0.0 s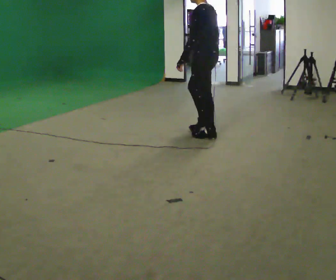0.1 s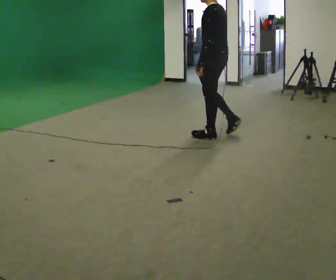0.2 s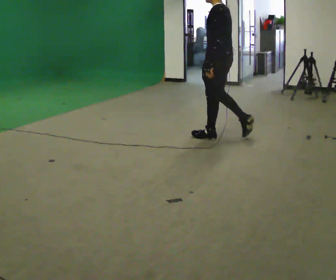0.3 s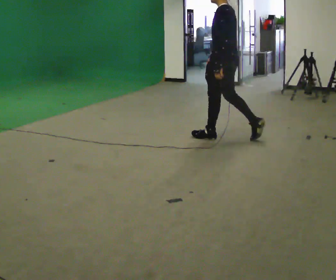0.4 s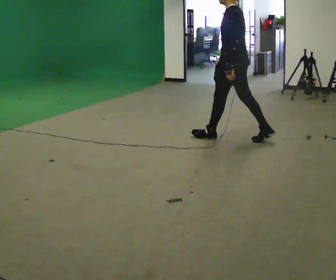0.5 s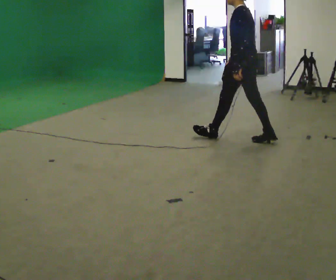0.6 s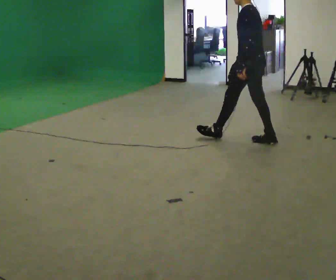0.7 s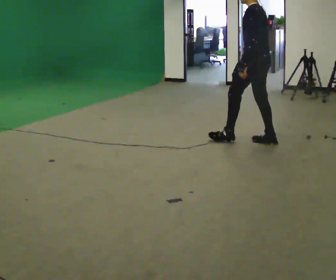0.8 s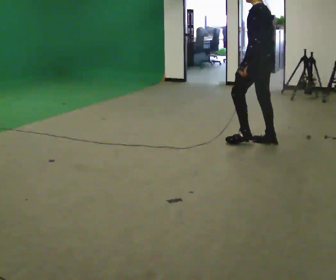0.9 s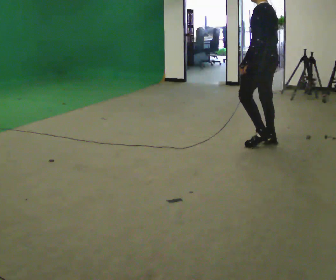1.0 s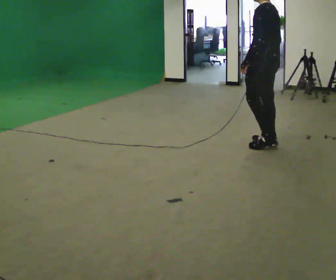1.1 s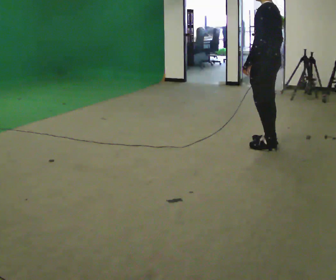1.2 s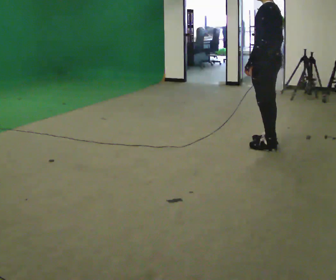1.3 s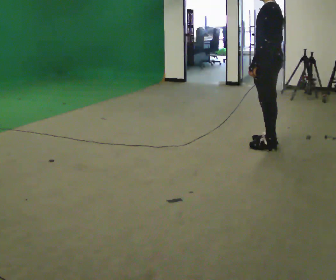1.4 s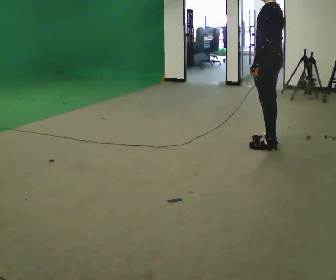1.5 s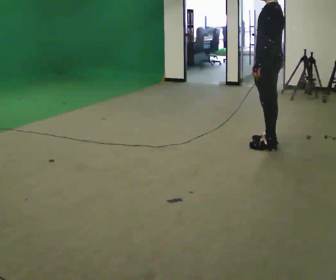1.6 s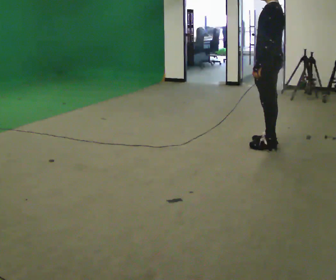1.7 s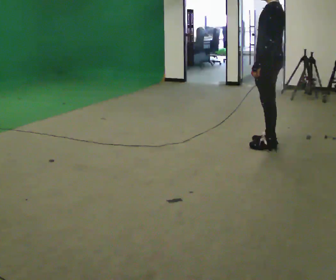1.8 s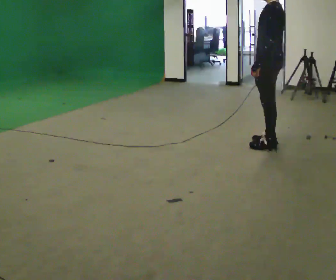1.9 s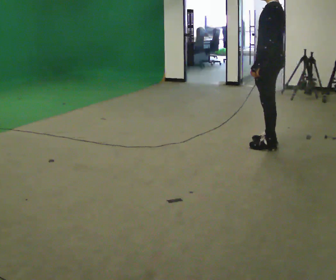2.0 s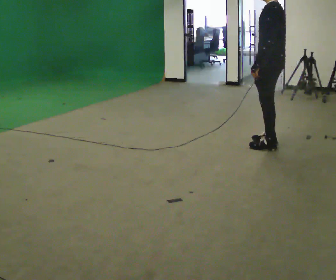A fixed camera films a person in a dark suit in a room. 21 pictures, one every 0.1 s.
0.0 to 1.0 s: In the picture they go to the right, about 0.75 m in 1 step, which for them is backward.
1.0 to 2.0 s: The person moves a little, or ends about where they began.
The film runs backward here.
